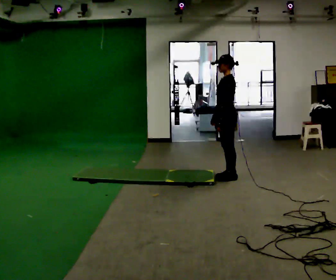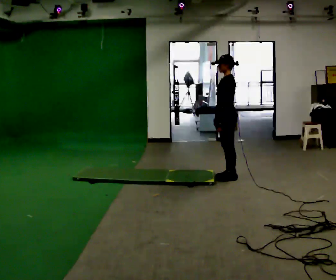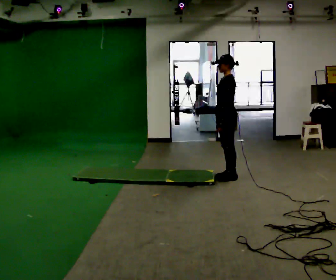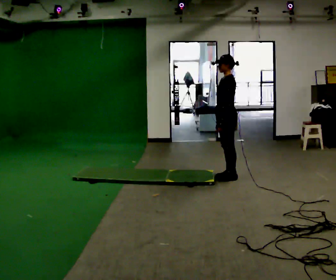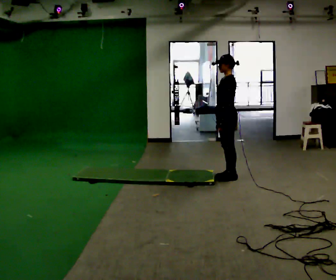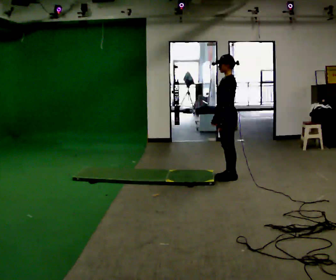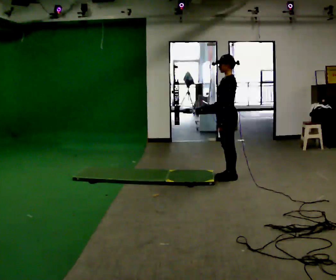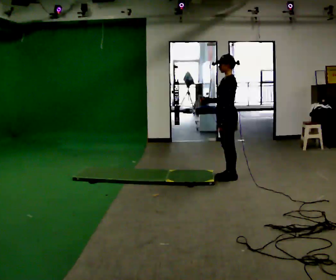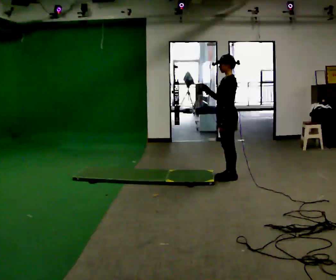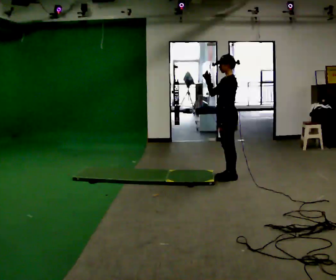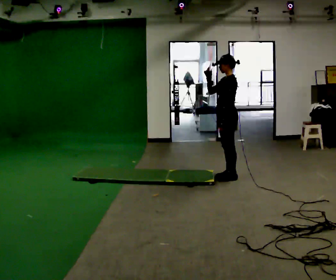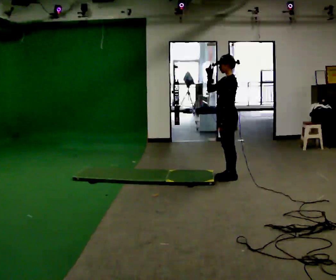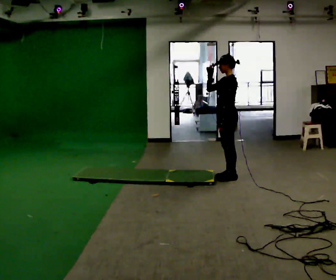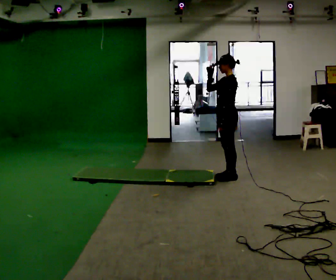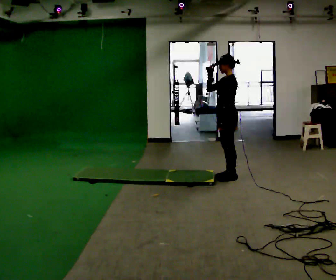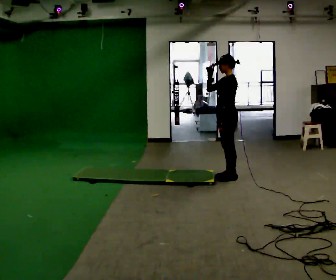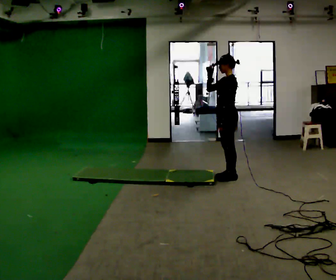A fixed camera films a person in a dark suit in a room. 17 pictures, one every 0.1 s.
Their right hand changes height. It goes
upward.
0.0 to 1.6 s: In the picture their right hand goes upward.
The film runs backward here.
